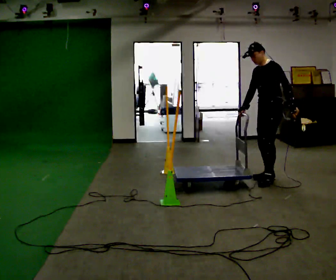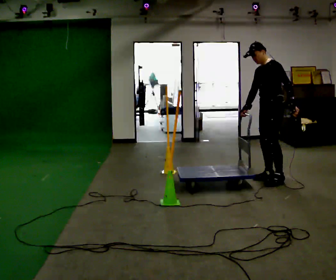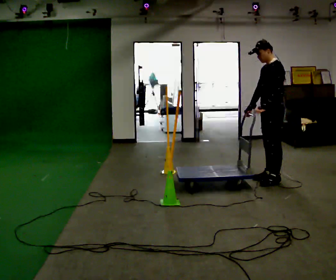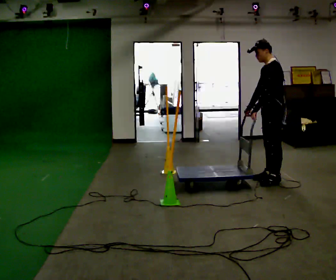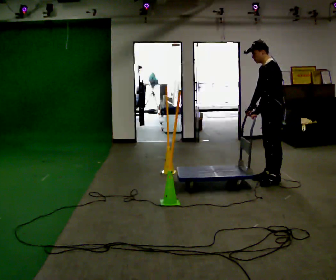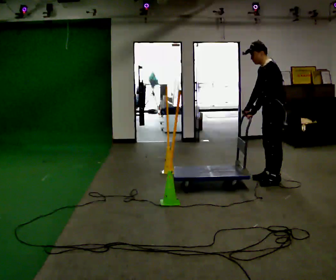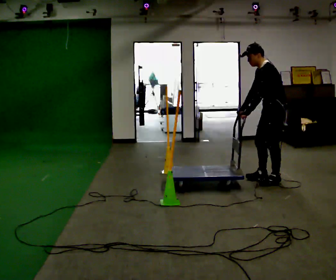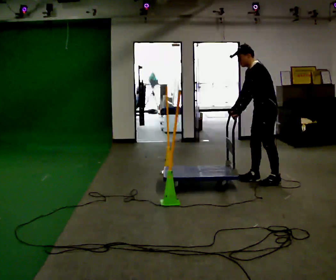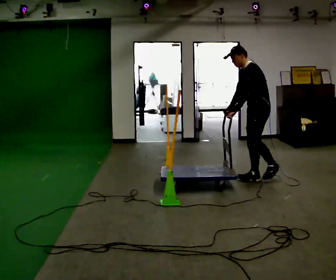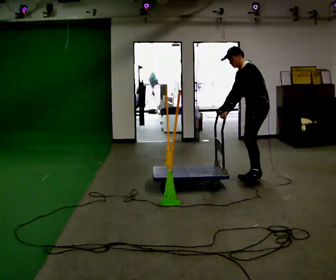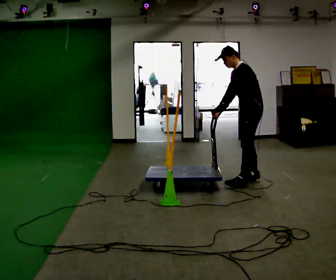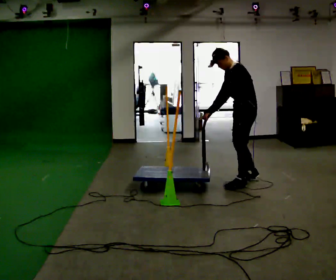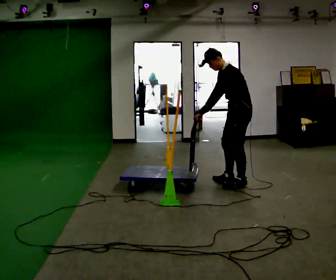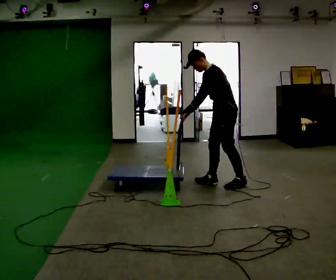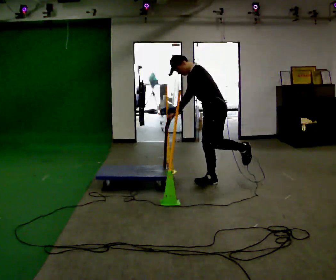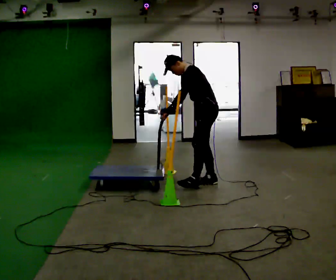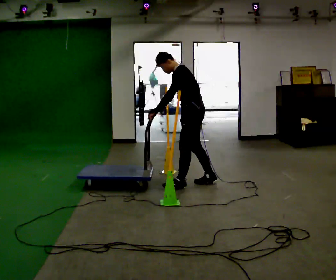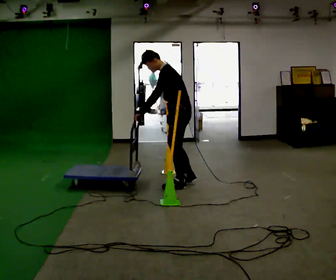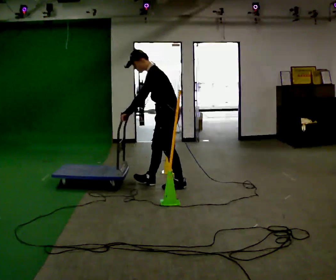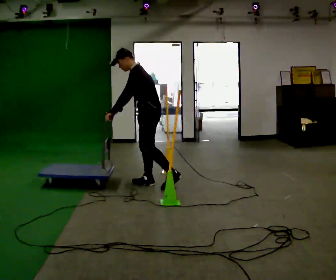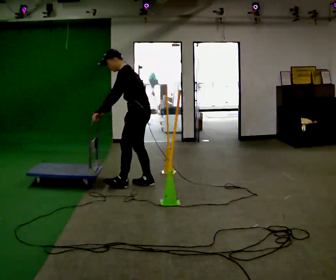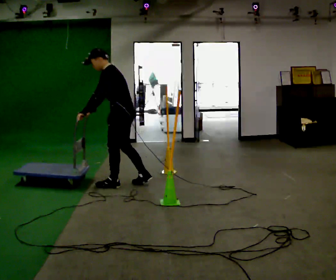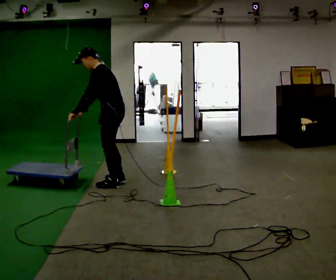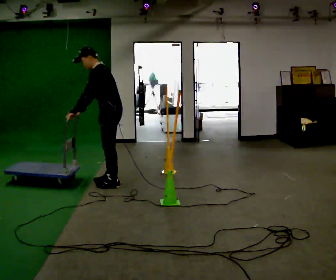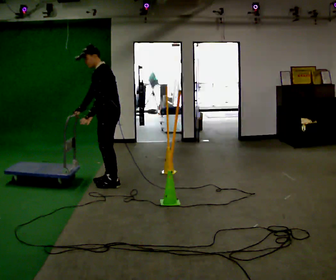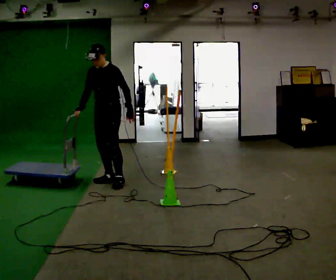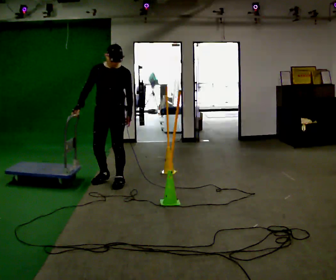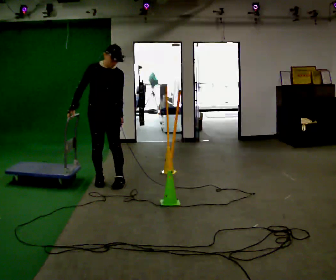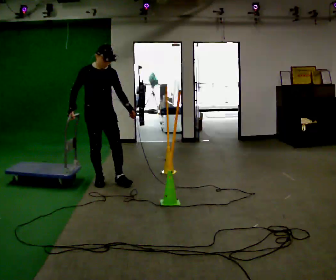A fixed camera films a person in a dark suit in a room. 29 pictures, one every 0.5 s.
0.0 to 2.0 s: In the picture their left hand goes to the left, the arm swinging clockwise.
2.0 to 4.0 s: In the picture they go to the left, about 0.25 m in 1 step, which for them is forward and to their right.
4.0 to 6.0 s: In the picture they go to the left and toward the camera, about 0.25 m in 1 step, which for them is forward and to their left.
6.0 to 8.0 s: In the picture they go to the left, about 0.5 m in 2 steps, which for them is forward.
8.0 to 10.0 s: In the picture they go to the left, about 0.75 m in 1 step, which for them is forward.
10.0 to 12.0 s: In the picture they go to the left, about 0.25 m in 2 steps, which for them is forward.
12.0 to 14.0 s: Seen from above the body turns counterclockwise, about 105 degrees: to their left, with its near side sliding to the right. In the picture they go to the left, about 0.25 m in 2 steps. In the picture the upper body tilts clockwise, shoulders to the right. In the picture their left hand goes to the right.
The film runs forward here.
